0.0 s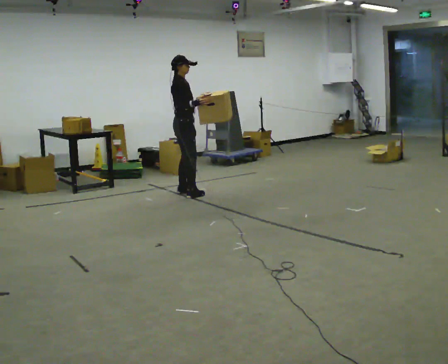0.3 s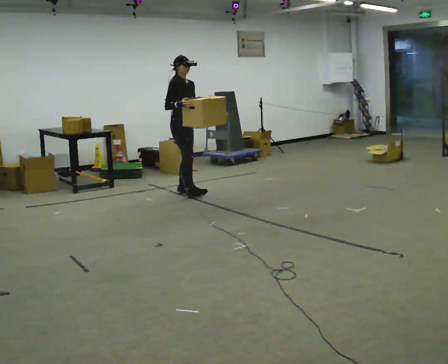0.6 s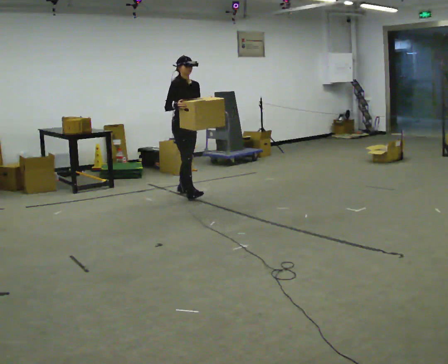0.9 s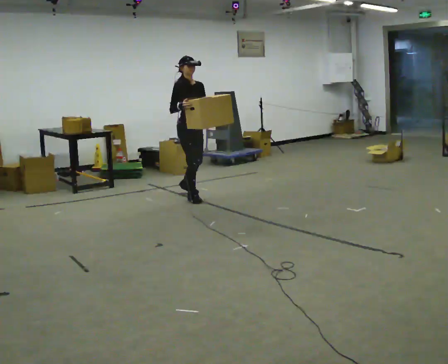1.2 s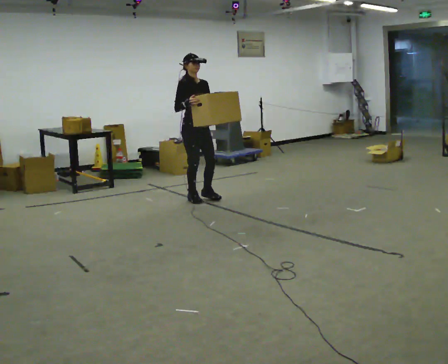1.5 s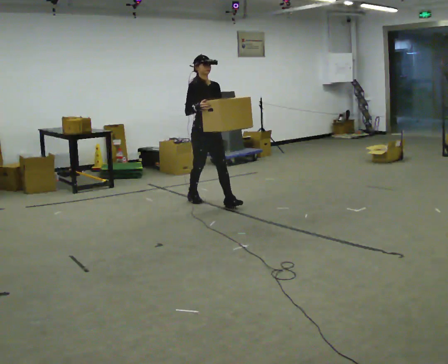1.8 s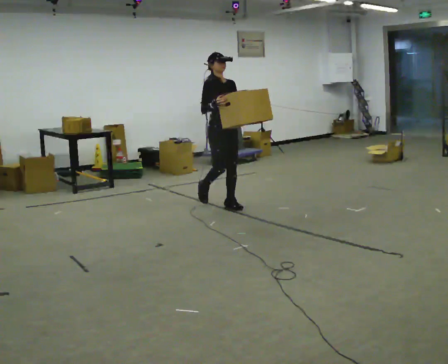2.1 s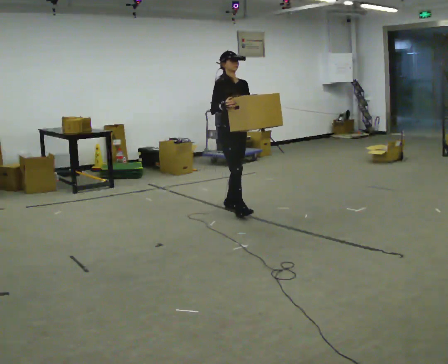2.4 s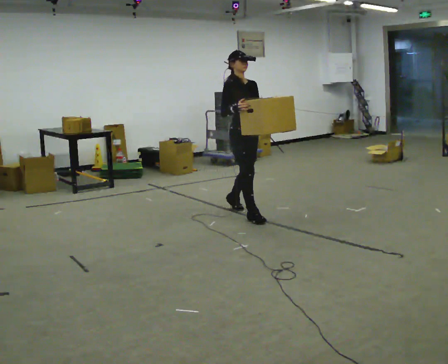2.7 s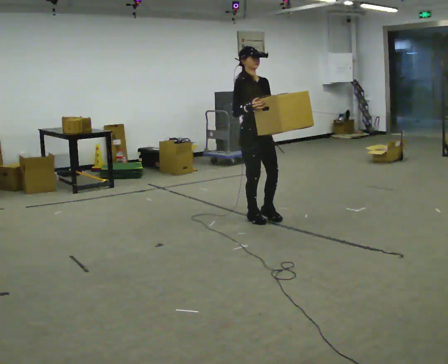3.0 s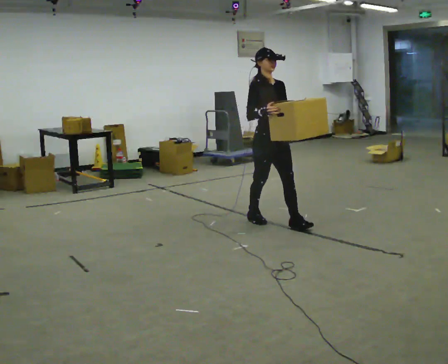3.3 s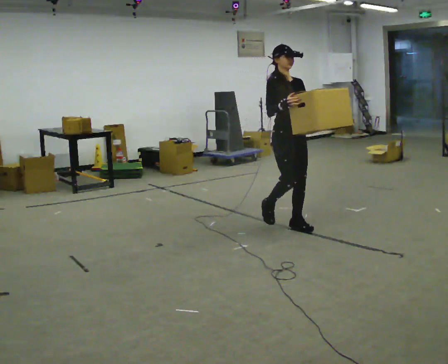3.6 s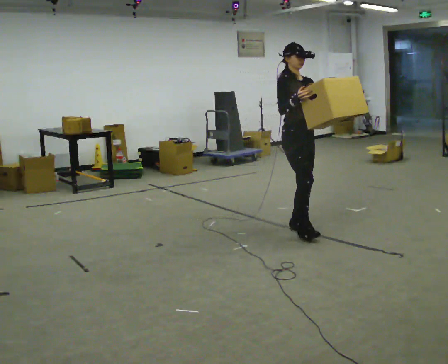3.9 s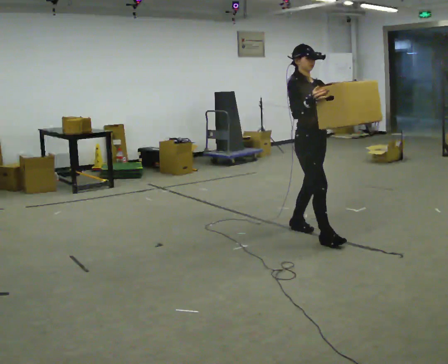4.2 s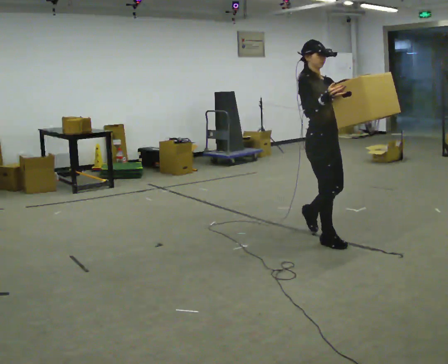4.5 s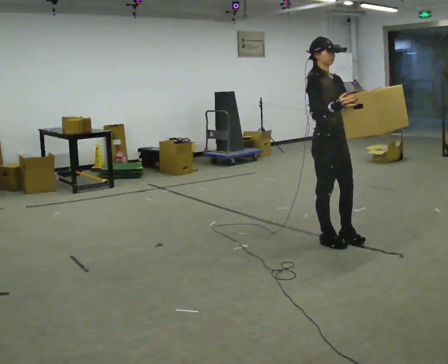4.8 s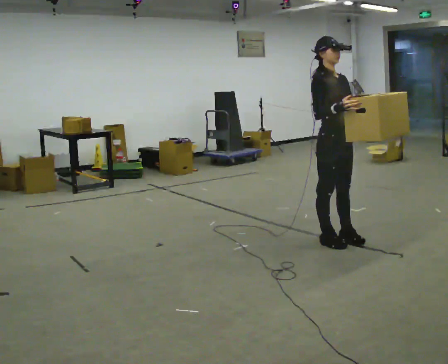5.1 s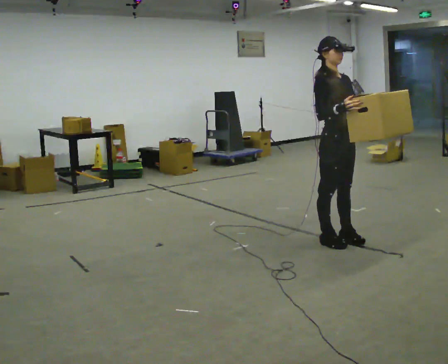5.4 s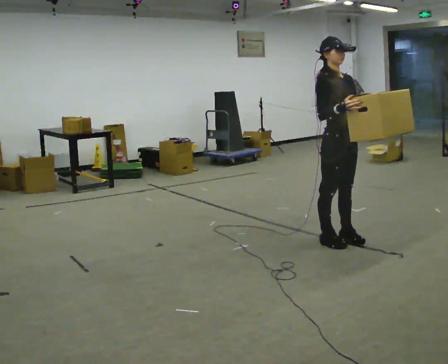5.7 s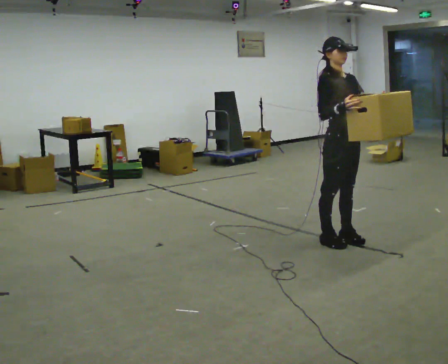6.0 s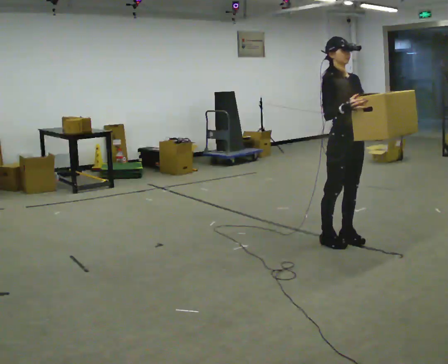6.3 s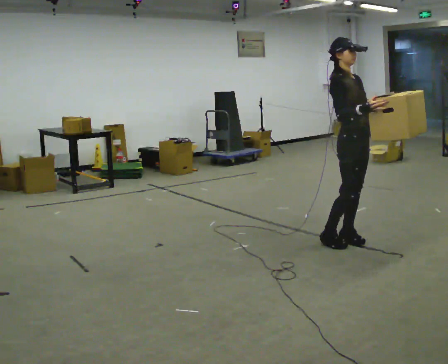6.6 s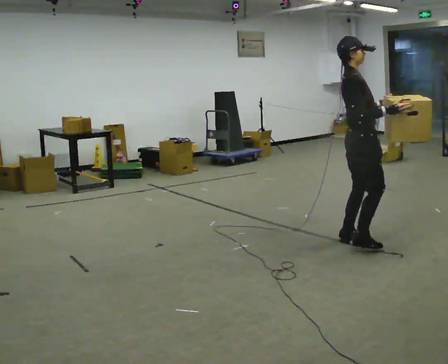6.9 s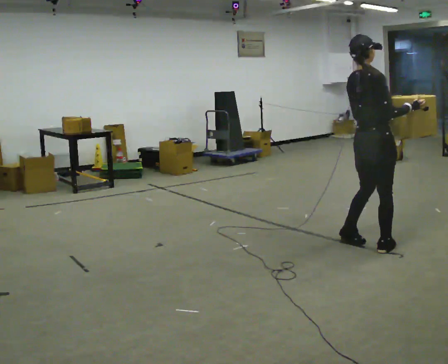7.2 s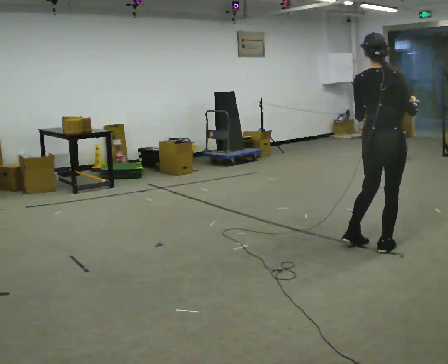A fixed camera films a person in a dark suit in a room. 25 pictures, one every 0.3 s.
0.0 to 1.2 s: Seen from above the body turns clockwise, about 45 degrees: to their right, with its near side sliding to the left. In the picture they go toward the camera and to the right, about 0.5 m, which for them is forward.
1.2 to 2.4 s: In the picture they go toward the camera and to the right, about 1 m in 2 steps, which for them is forward.
2.4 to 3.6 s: In the picture they go toward the camera and to the right, about 0.5 m in 1 step, which for them is forward.
3.6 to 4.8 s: In the picture they go toward the camera and to the right, about 0.5 m in 2 steps, which for them is forward.
4.8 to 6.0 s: The person moves a little, or ends about where they began.
6.0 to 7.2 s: Seen from above the body turns counterclockwise, about 120 degrees: to their left, with its near side sliding to the right. In the picture they go to the right and toward the camera, about 0.25 m in 1 step.
The film runs forward here.
